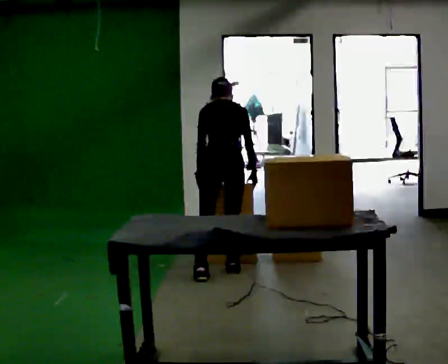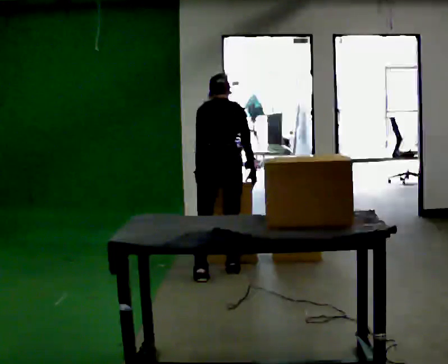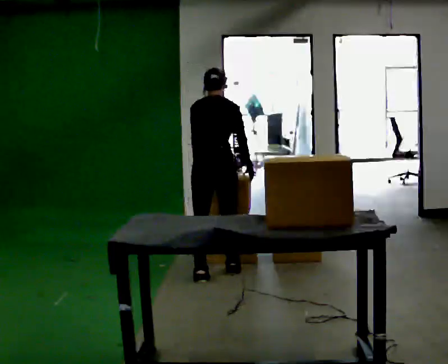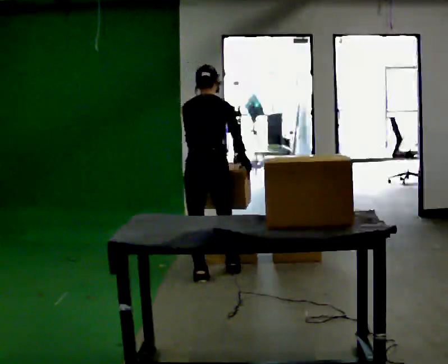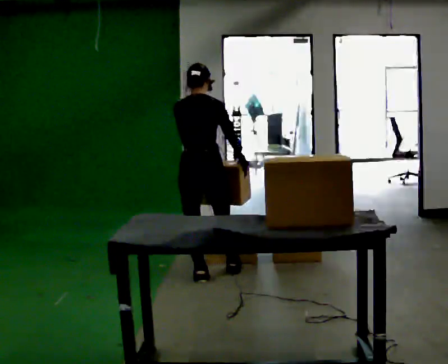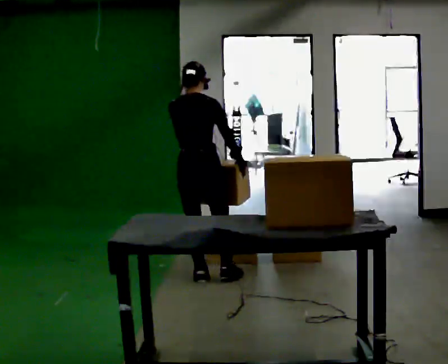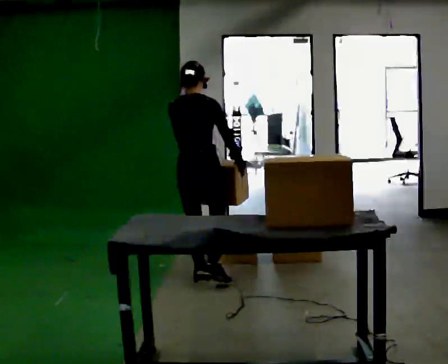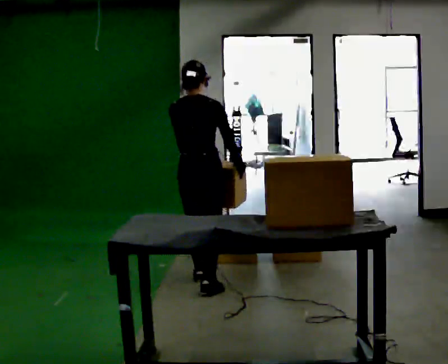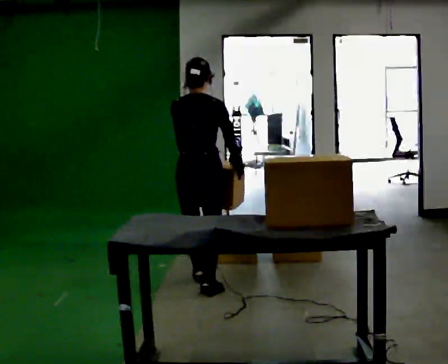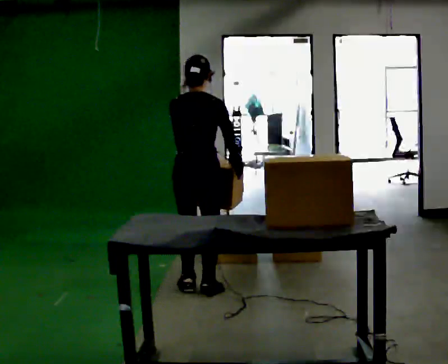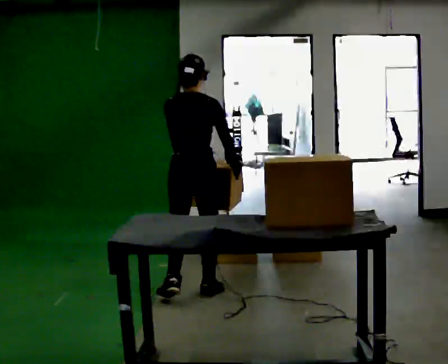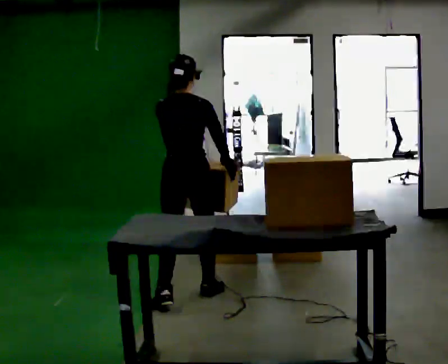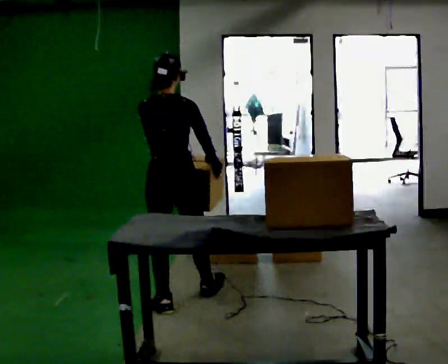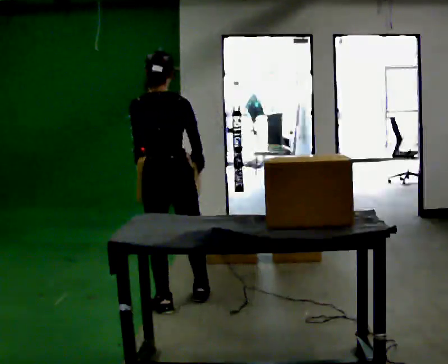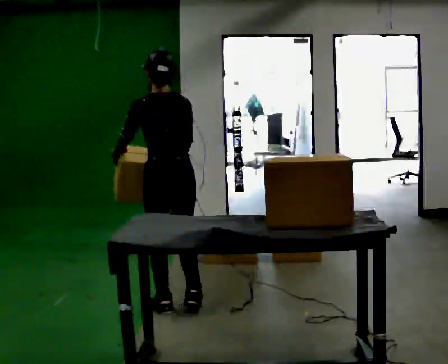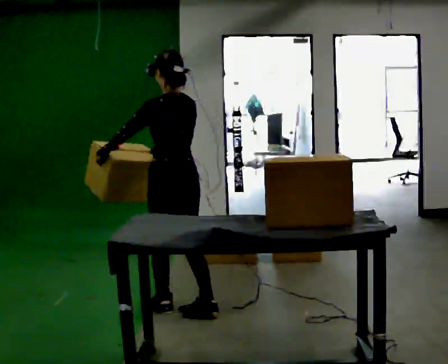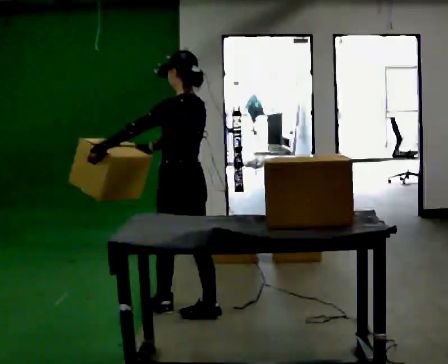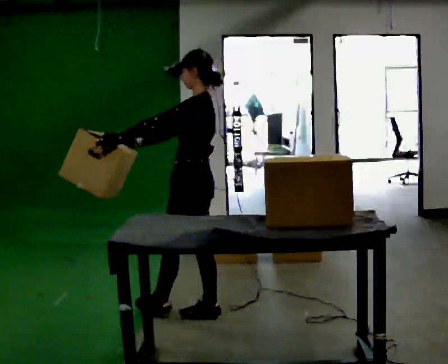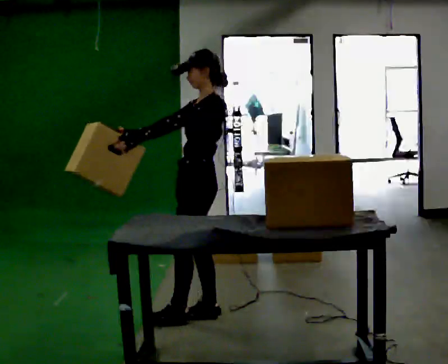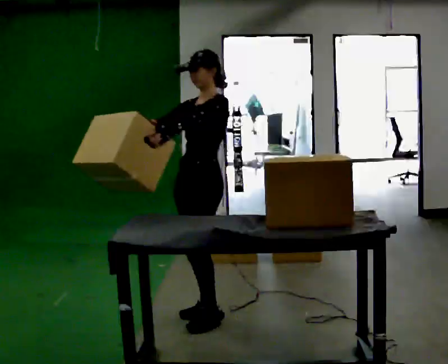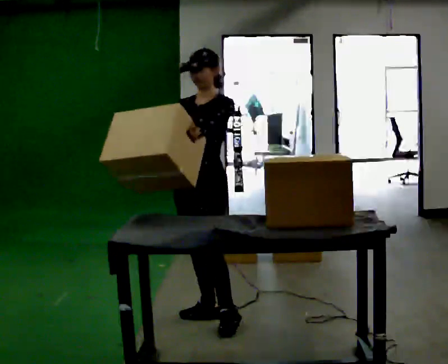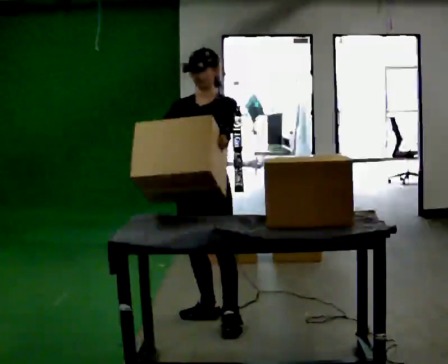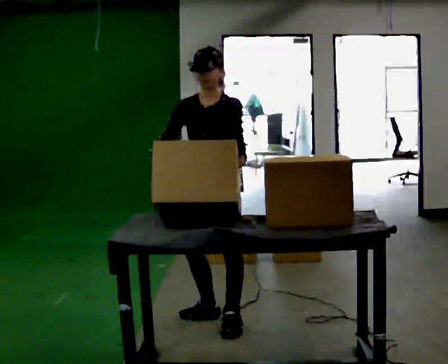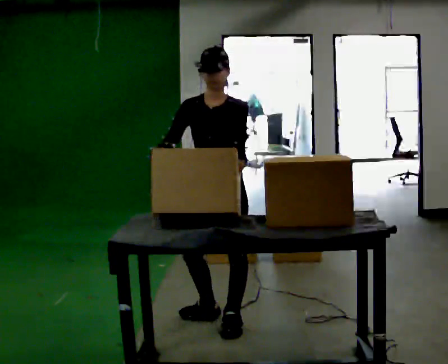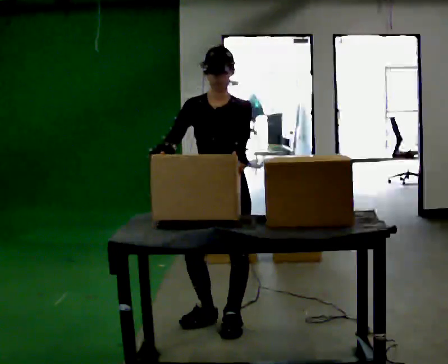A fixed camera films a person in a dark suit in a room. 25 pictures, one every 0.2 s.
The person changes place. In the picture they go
toward the camera.
The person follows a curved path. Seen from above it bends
counterclockwise.
0.0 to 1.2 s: In the picture they go to the left and toward the camera, about 0.25 m in 1 step, which for them is backward. The upper body tips toward the camera, its near side rolling downward, as they lean back or straighten.
1.2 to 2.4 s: In the picture they go toward the camera and to the left, about 0.5 m in 1 step, which for them is backward.
2.4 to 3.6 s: The person turns about 105 degrees to their left, counterclockwise seen from above, so the part of the body nearest the lens slides to the right. In the picture they go toward the camera and to the right, about 0.25 m in 2 steps.
3.6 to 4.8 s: The part of the body nearest the lens slides to the right as the person turns to their left by about 60 degrees. In the picture they go toward the camera, about 0.25 m. In the picture their left hand goes to the right.
The film runs backward here.
